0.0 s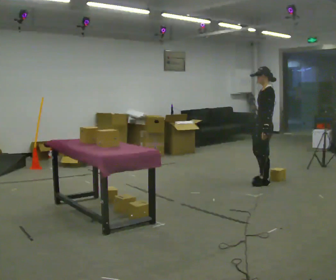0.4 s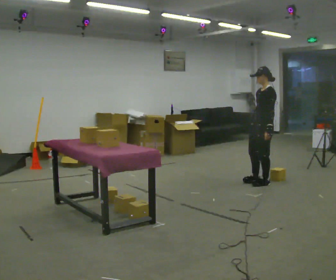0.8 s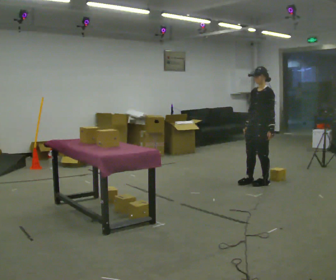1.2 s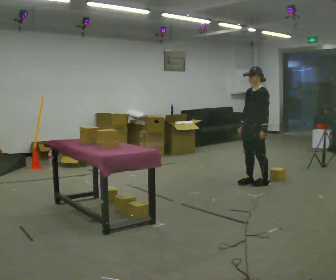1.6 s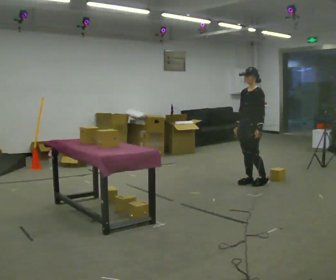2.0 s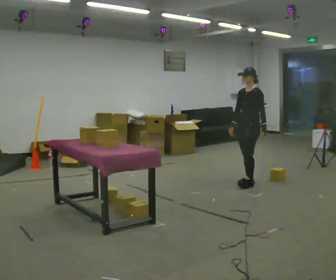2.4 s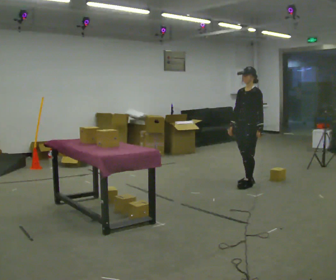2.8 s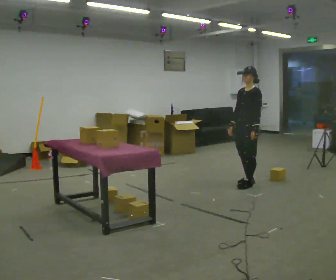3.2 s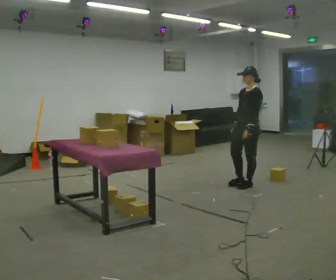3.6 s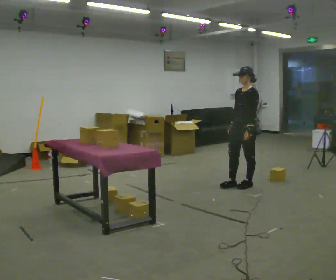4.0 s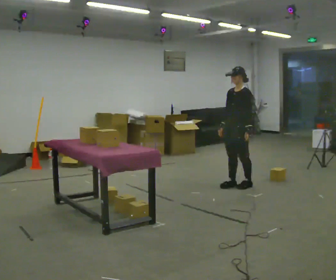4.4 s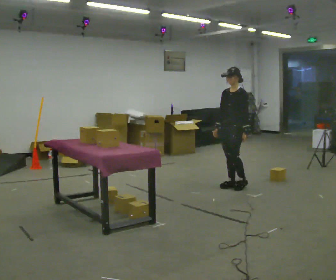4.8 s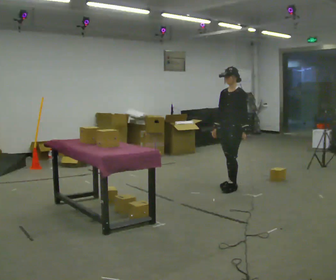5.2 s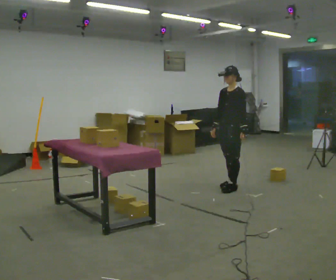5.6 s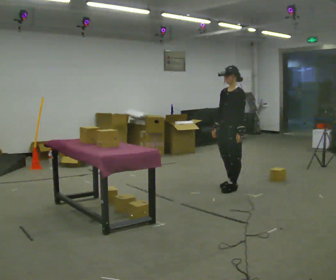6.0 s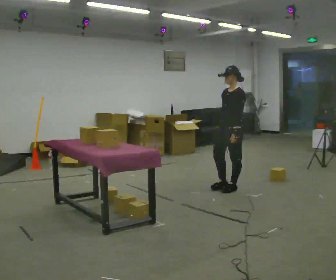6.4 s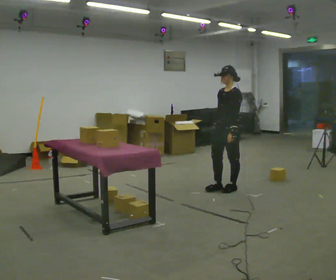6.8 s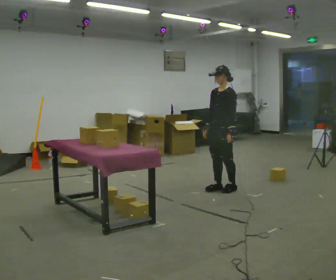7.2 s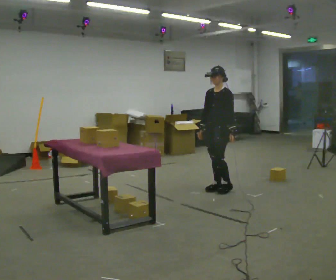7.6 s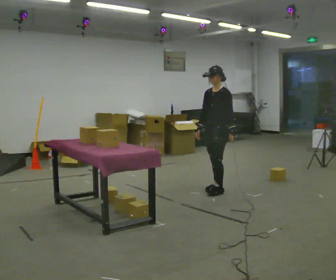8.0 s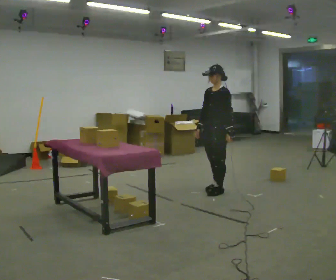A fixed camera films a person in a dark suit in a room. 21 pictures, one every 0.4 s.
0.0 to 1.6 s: The person turns about 30 degrees to their left, counterclockwise seen from above, so the part of the body nearest the lens slides to the right. In the picture they go to the left, about 0.25 m in 1 step, which for them is to their right. In the picture their right hand goes to the left.
1.6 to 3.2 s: In the picture they go toward the camera, about 0.25 m in 1 step, which for them is forward.
3.2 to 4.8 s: In the picture they go to the left, about 0.25 m in 2 steps, which for them is forward and to their right.
4.8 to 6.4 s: In the picture they go toward the camera, about 0.25 m in 1 step, which for them is forward.
6.4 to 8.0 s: The person moves a little, or ends about where they began.
The film runs forward here.
